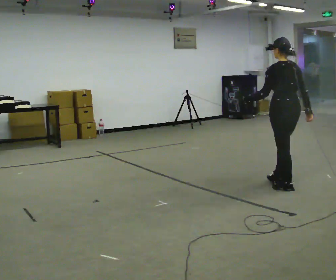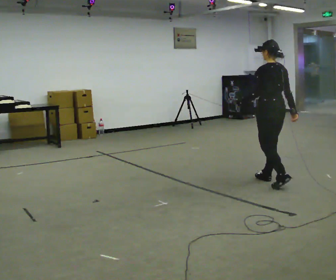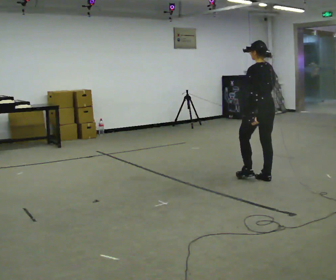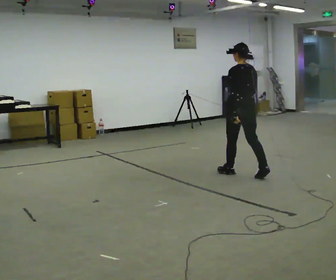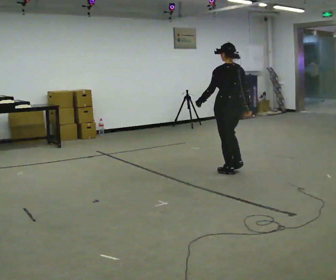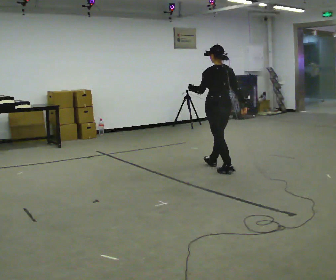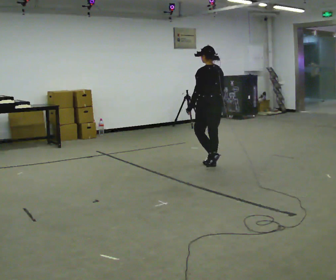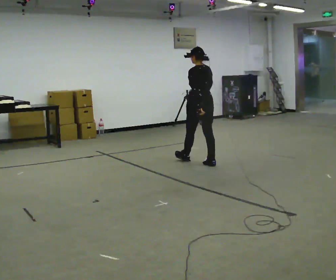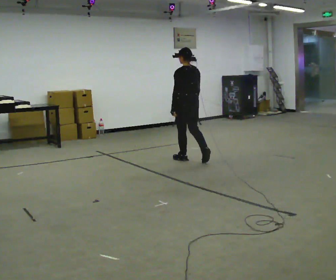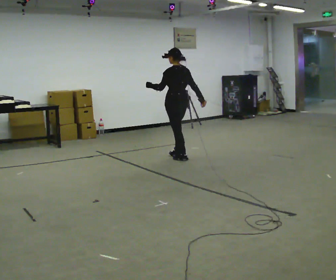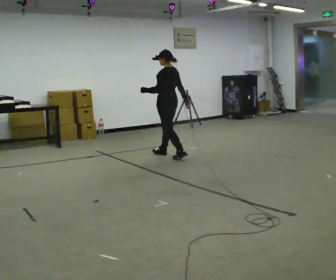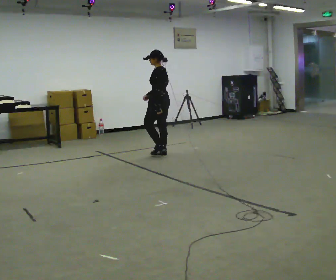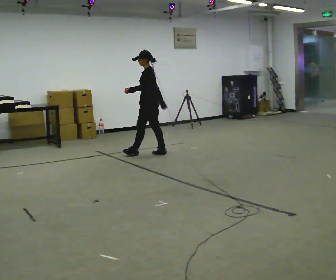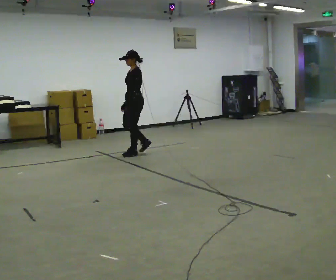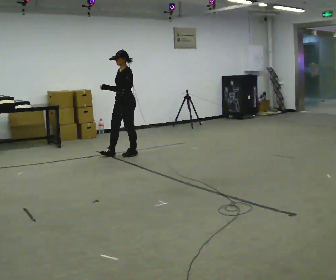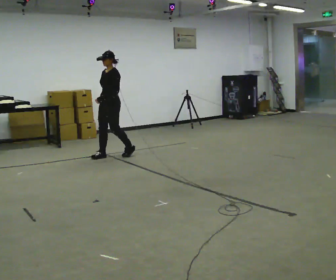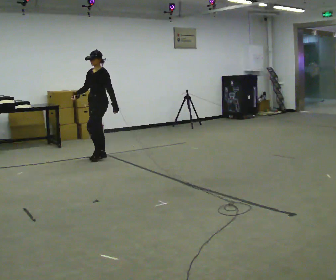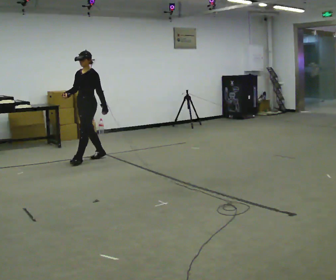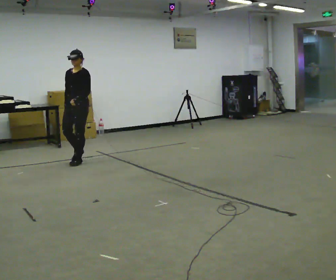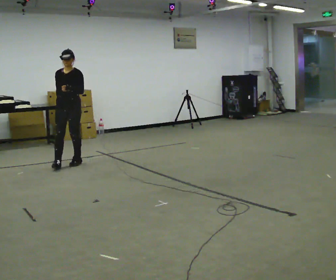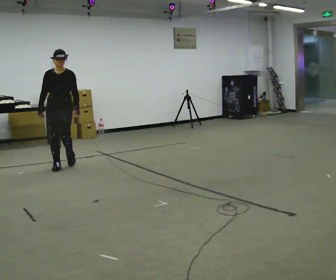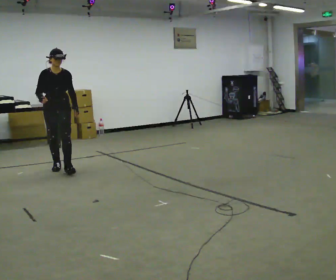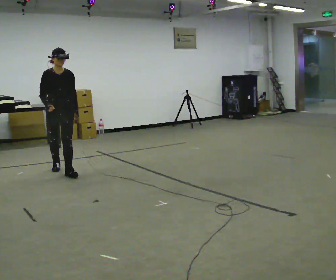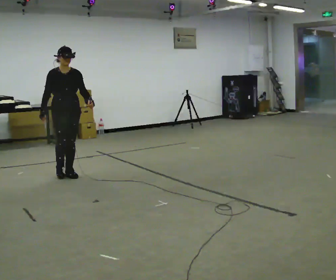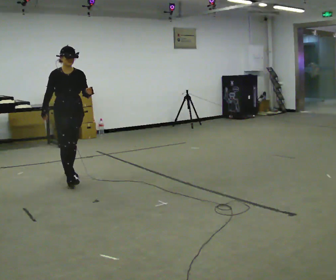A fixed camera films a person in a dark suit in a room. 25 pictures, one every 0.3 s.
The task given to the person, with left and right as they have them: Walk straight; turn around and walk back; use wide or tight turn.
0.0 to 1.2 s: In the picture they go away from the camera and to the left, about 1 m in 2 steps, which for them is forward.
1.2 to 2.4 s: In the picture they go away from the camera and to the left, about 1 m in 2 steps, which for them is forward.
2.4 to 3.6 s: The part of the body nearest the lens slides to the right as the person turns to their left by about 45 degrees. In the picture they go away from the camera and to the left, about 0.5 m in 1 step, which for them is forward.
3.6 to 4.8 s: Seen from above the body turns counterclockwise, about 45 degrees: to their left, with its near side sliding to the right. In the picture they go to the left, about 1 m in 2 steps, which for them is forward.
4.8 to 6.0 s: The part of the body nearest the lens slides to the right as the person turns to their left by about 60 degrees. In the picture they go toward the camera and to the left, about 0.5 m in 2 steps, which for them is forward.
6.0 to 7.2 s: The part of the body nearest the lens slides to the right as the person turns to their left by about 30 degrees. In the picture they go toward the camera, about 0.75 m in 1 step, which for them is forward.
The film runs forward here.
